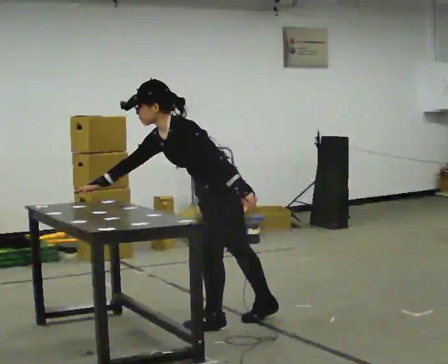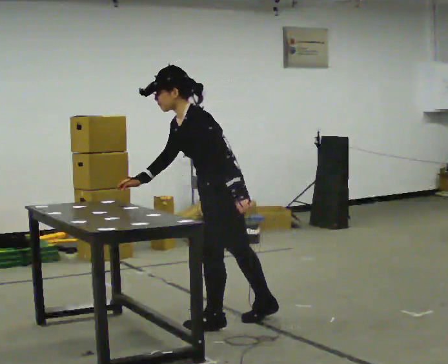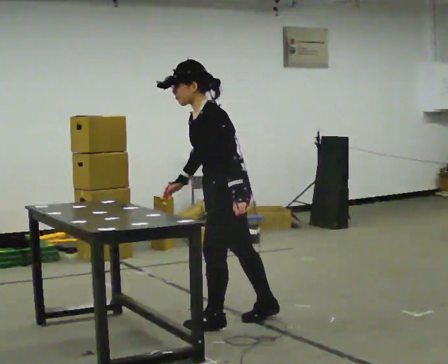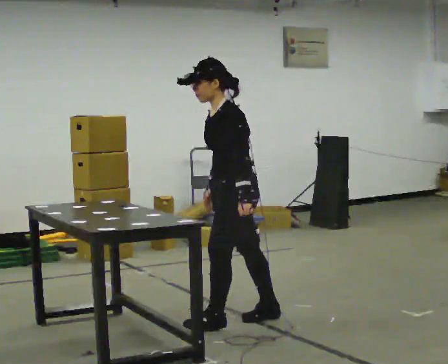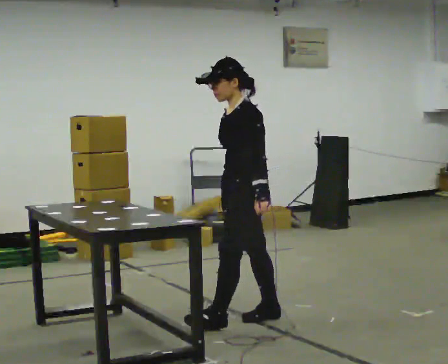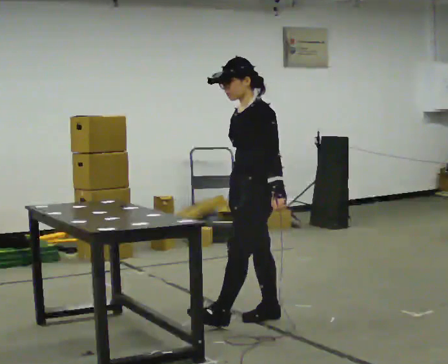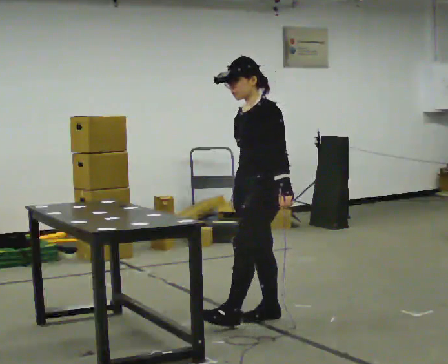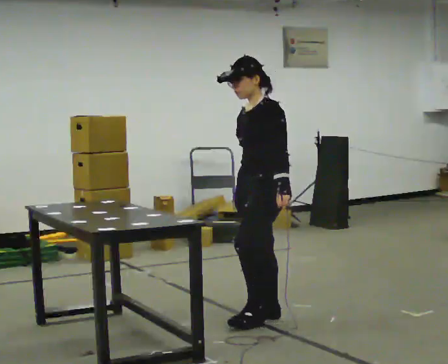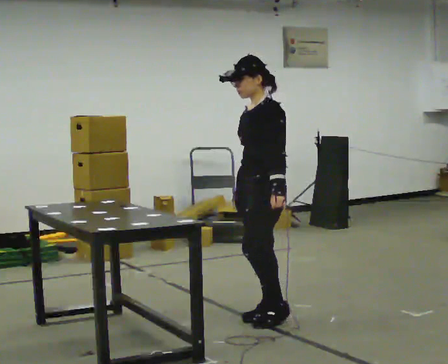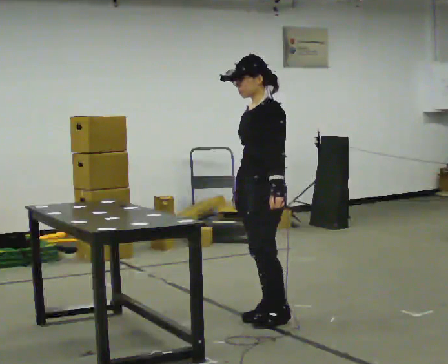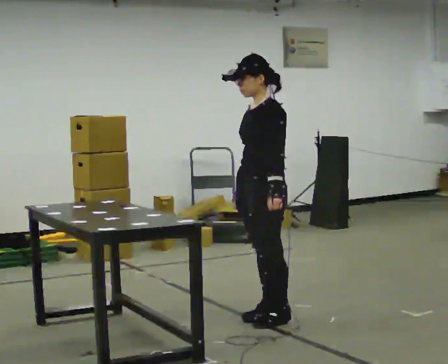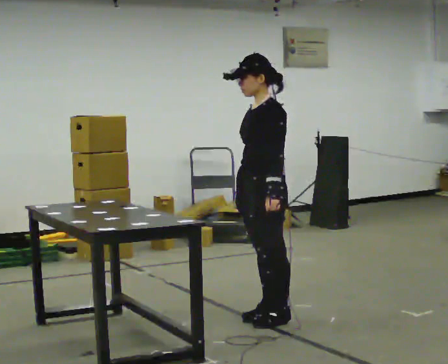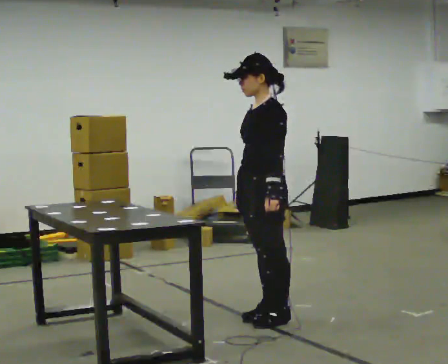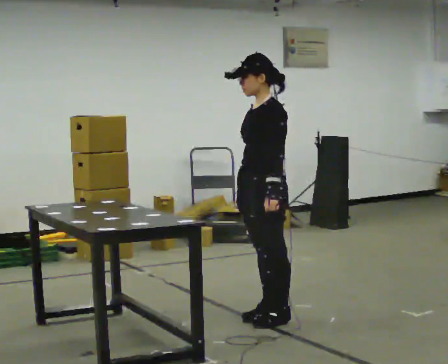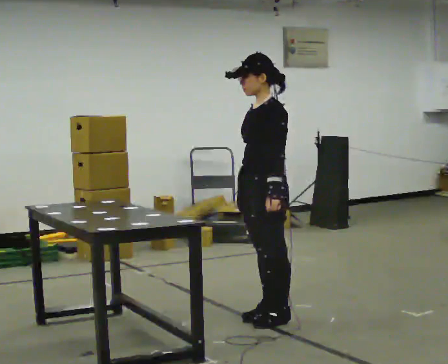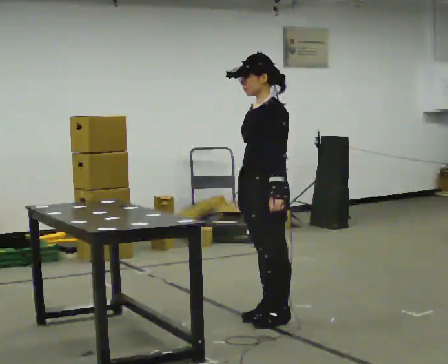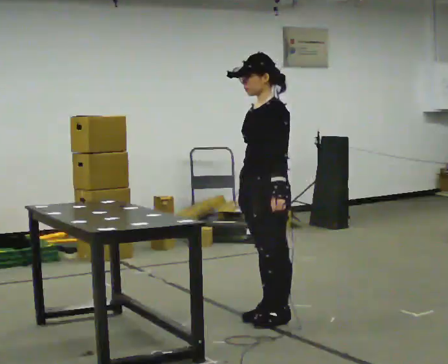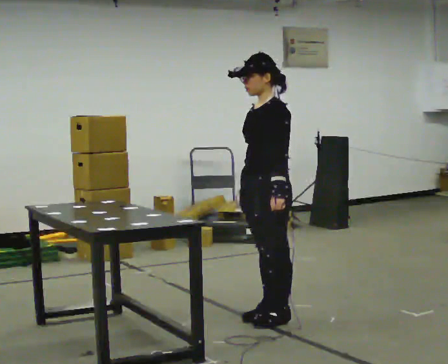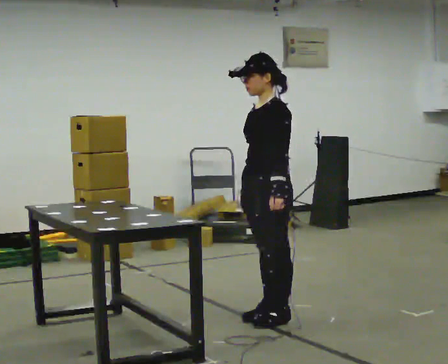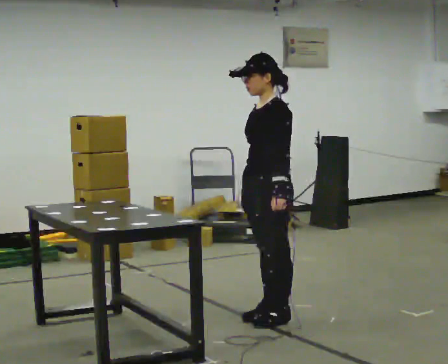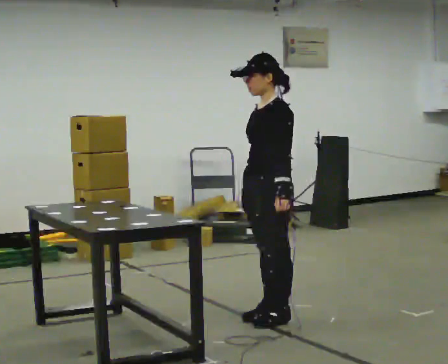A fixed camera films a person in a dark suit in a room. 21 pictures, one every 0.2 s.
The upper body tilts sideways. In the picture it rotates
clockwise.
0.0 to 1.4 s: In the picture they go to the right and away from the camera, about 0.25 m in 1 step, which for them is backward. In the picture the upper body tilts clockwise, shoulders to the right, as they lean back or straighten.
1.4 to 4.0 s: The person moves a little, or ends about where they began.
The film runs backward here.
